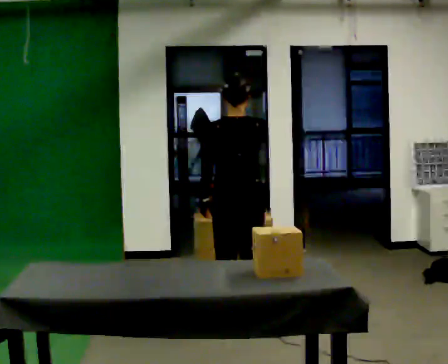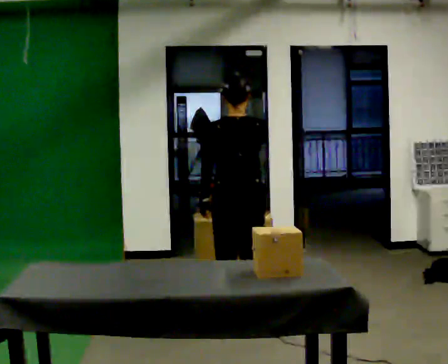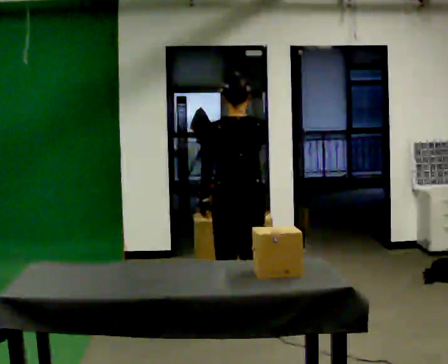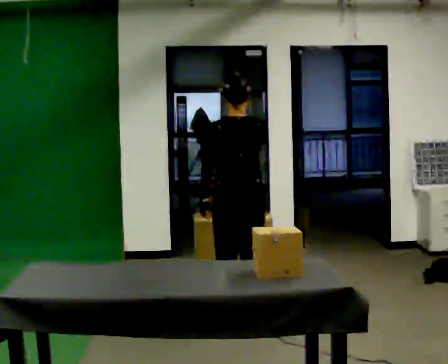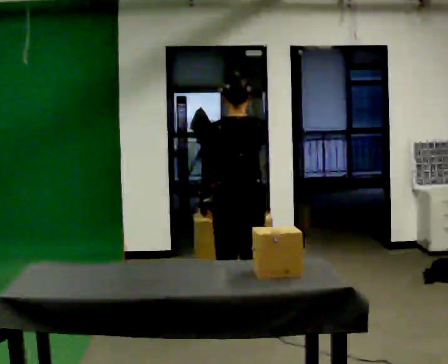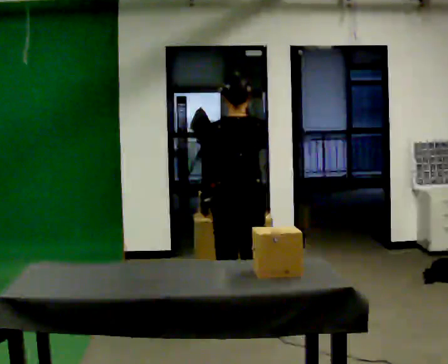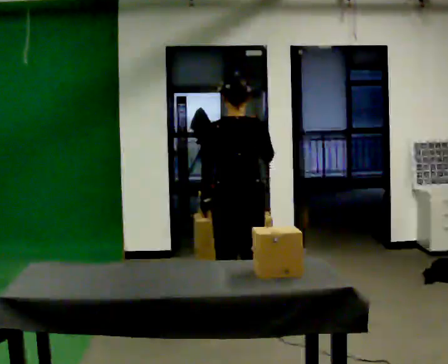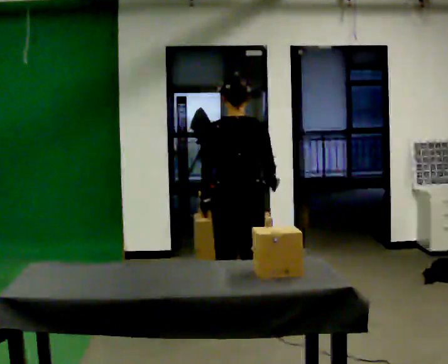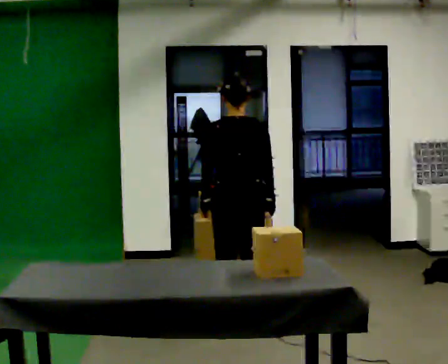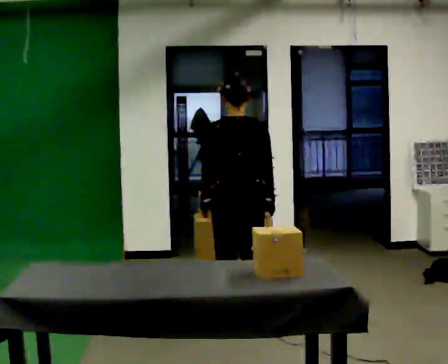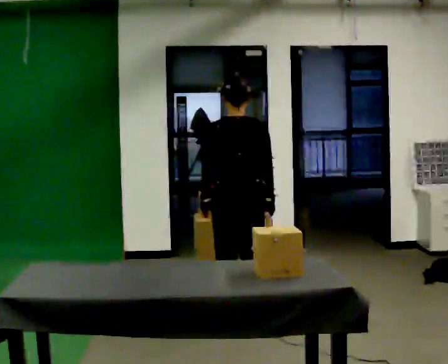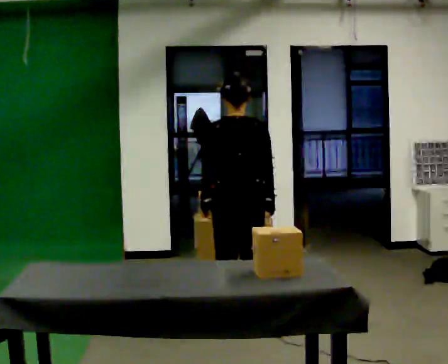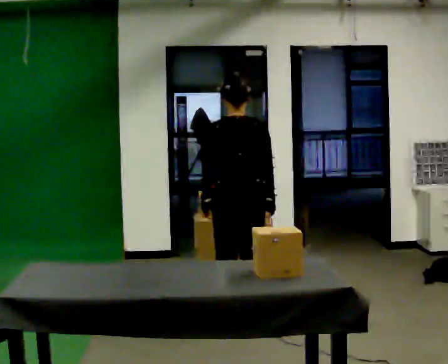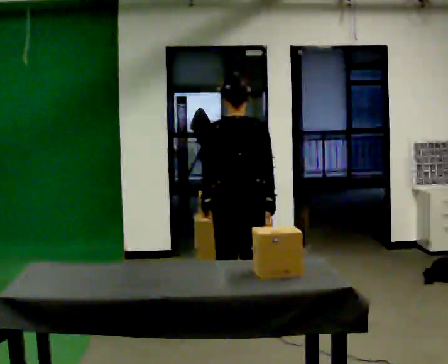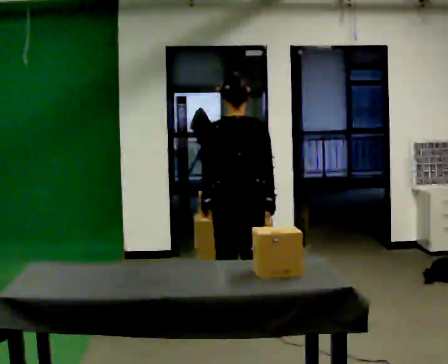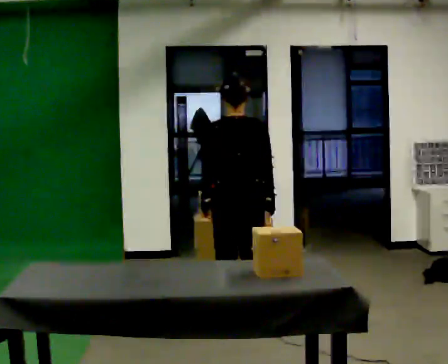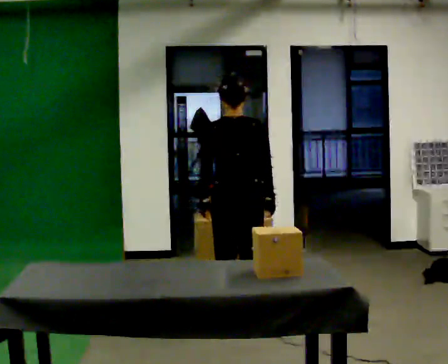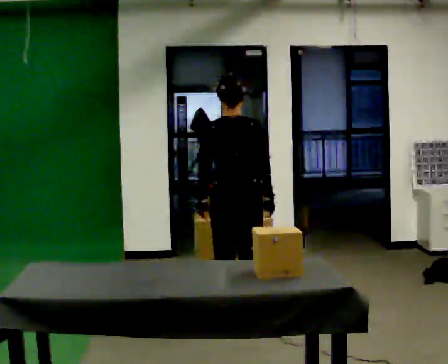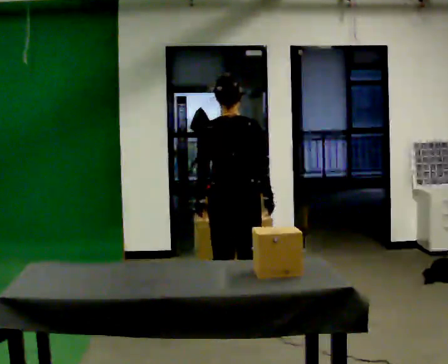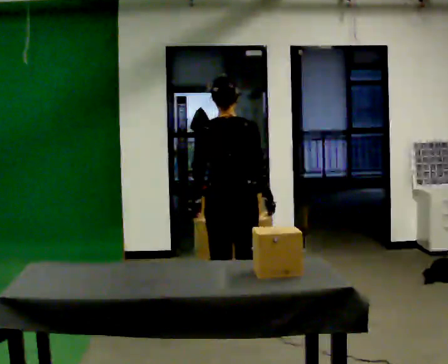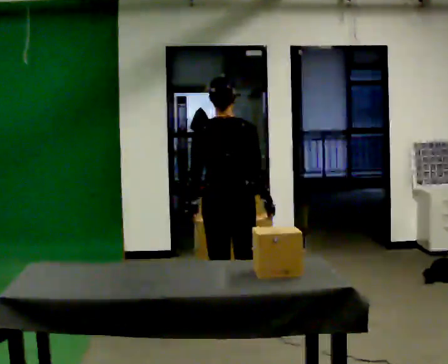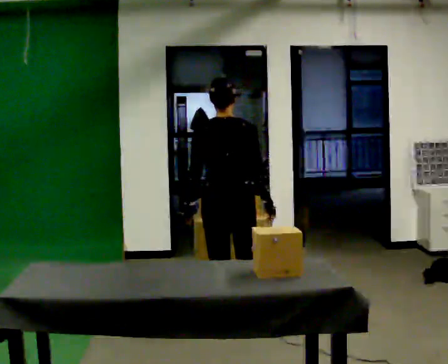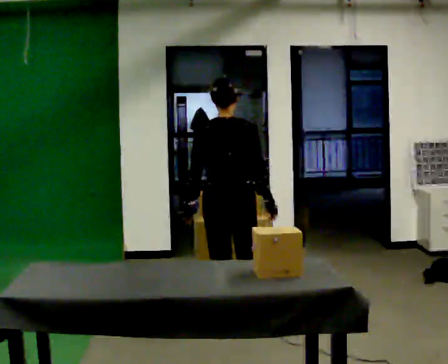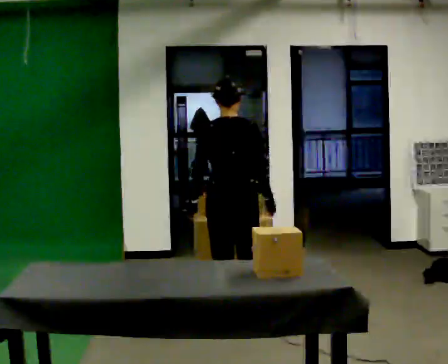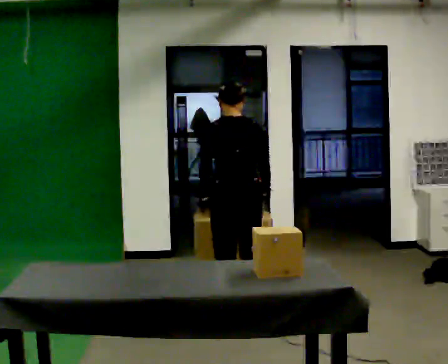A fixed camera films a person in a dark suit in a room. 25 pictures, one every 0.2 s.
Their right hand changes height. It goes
downward.
0.0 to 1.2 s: The person moves a little, or ends about where they began.
1.2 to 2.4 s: In the picture their right hand goes downward.
2.4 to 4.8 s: The person moves a little, or ends about where they began.
The film runs backward here.
